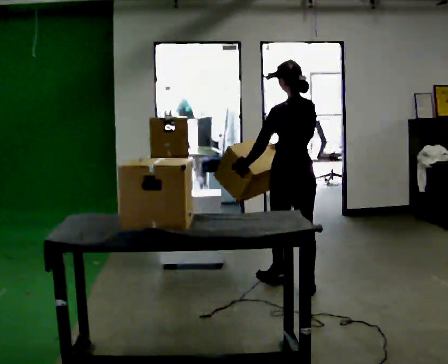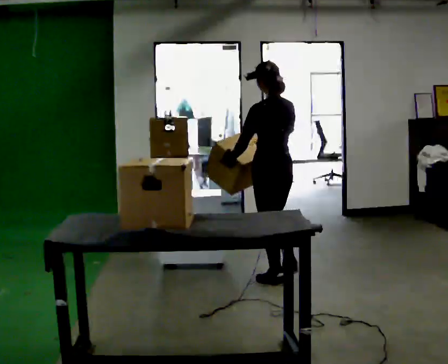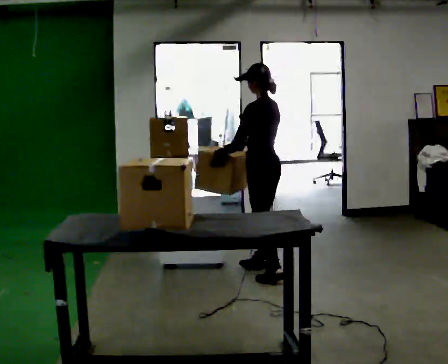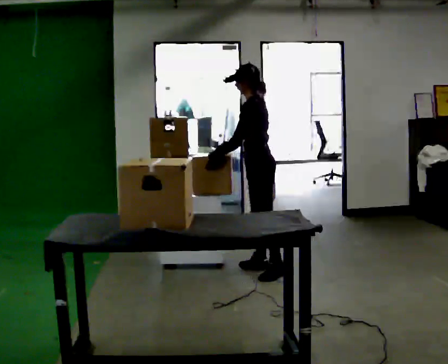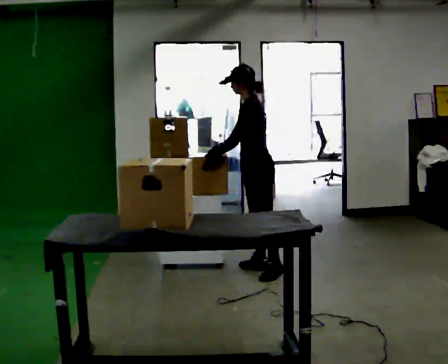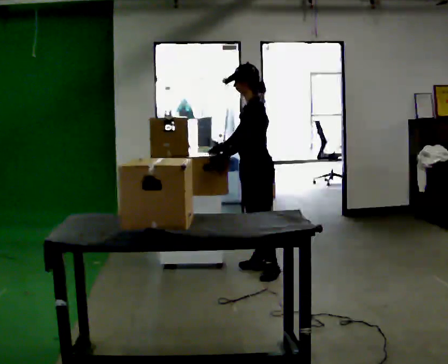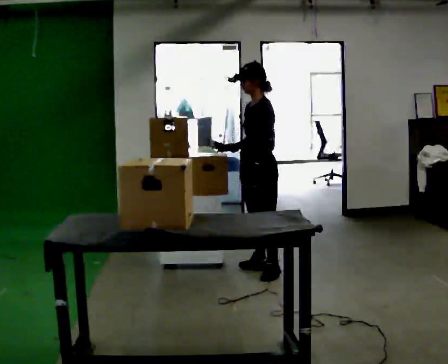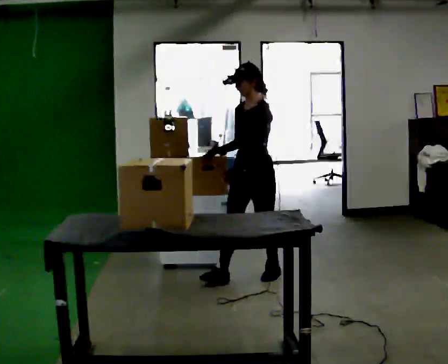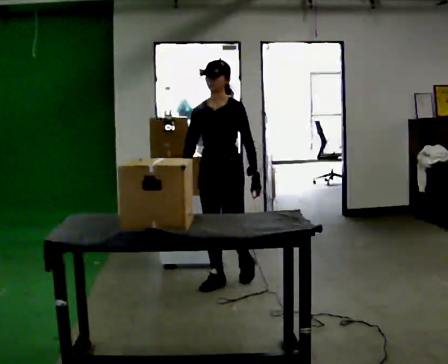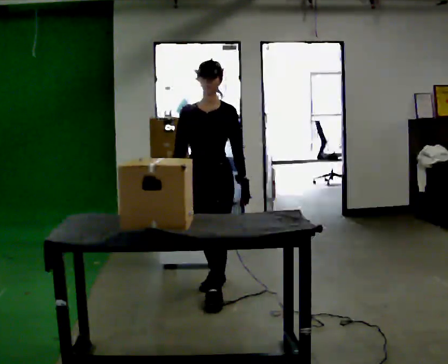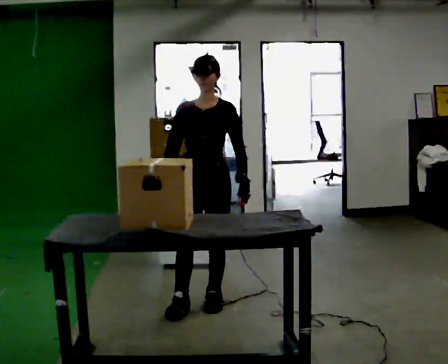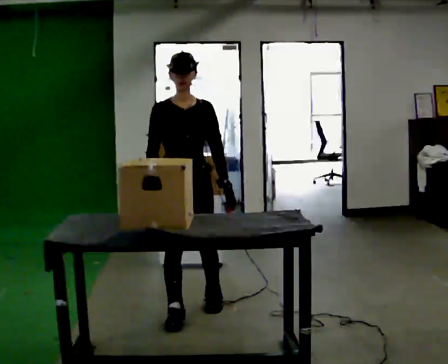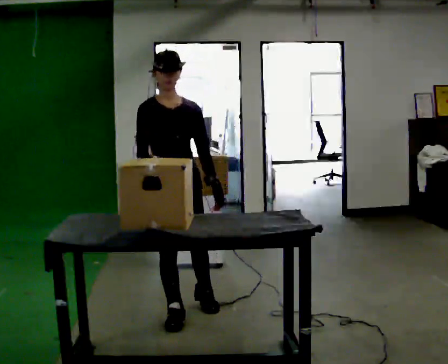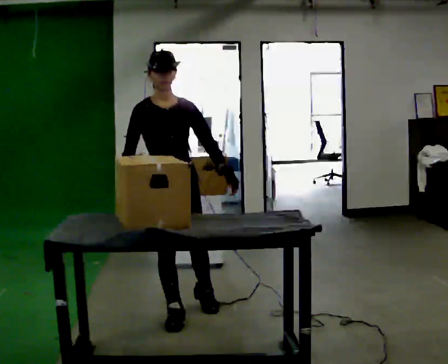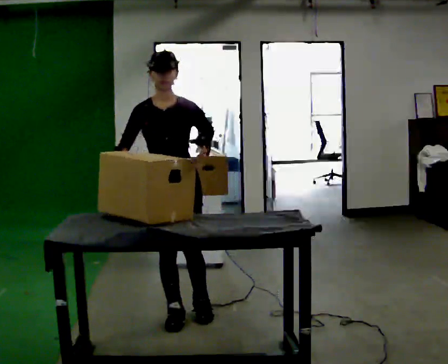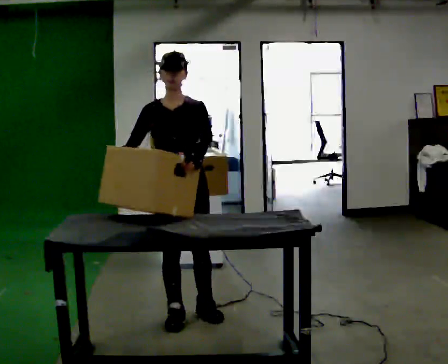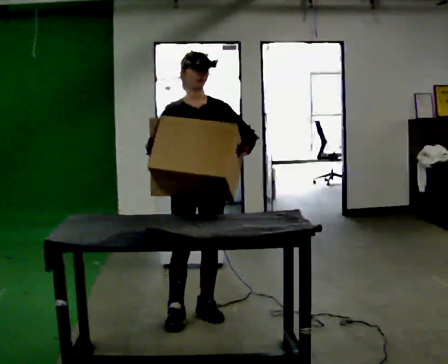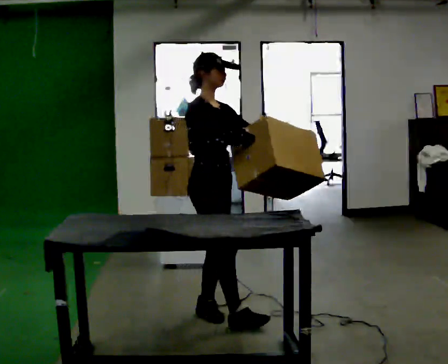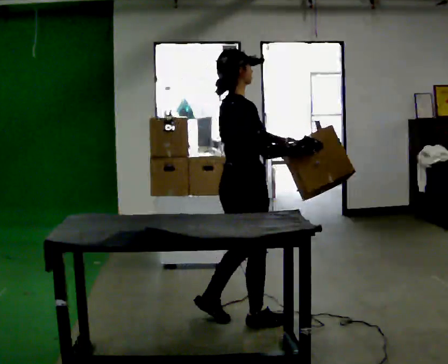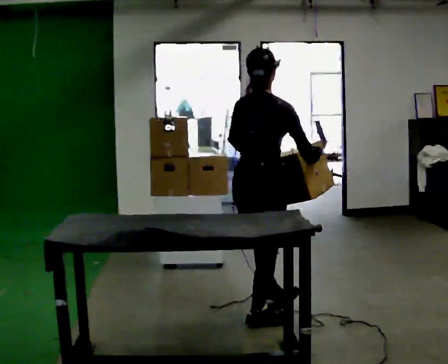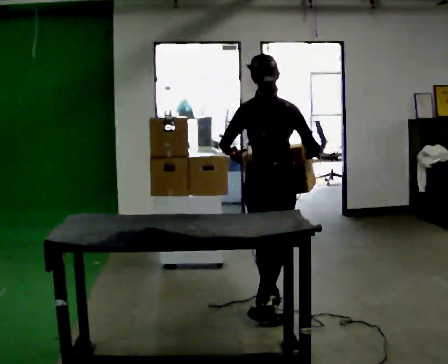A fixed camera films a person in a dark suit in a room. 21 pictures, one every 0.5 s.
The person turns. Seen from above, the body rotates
counterclockwise.
The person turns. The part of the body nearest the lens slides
to the right.
0.0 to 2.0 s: The part of the body nearest the lens slides to the right as the person turns to their left by about 60 degrees. In the picture they go away from the camera, about 0.75 m in 2 steps.
2.0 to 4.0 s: Seen from above the body turns counterclockwise, about 75 degrees: to their left, with its near side sliding to the right. In the picture they go toward the camera and to the left, about 0.5 m in 1 step.
4.0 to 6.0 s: The person turns about 45 degrees to their left, counterclockwise seen from above, so the part of the body nearest the lens slides to the right. In the picture they go toward the camera and to the left, about 1 m in 2 steps, which for them is forward.
6.0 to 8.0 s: The person moves a little, or ends about where they began.
8.0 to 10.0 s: The person turns about 135 degrees to their left, counterclockwise seen from above, so the part of the body nearest the lens slides to the right. In the picture they go to the right, about 0.5 m in 2 steps.
The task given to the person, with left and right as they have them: Move objects one at a time from the waist-height shelf at one end of the room to the waist-height shelf at the other end. Keep going until the operator says stop; one object at a time, and do not rush between trips.
The film runs forward here.
